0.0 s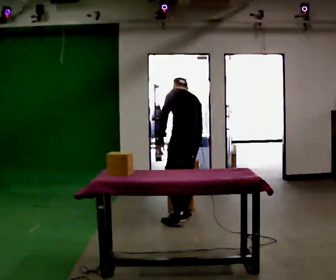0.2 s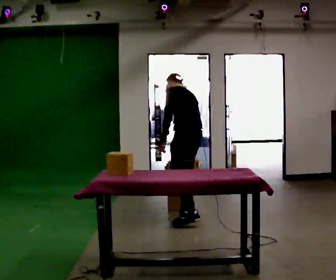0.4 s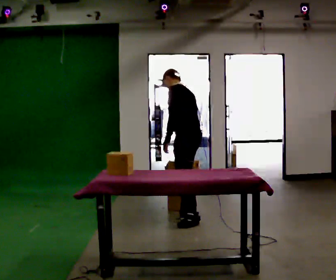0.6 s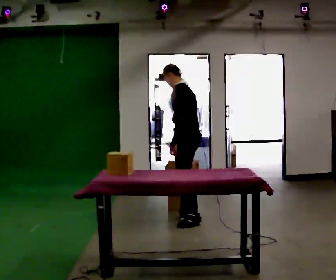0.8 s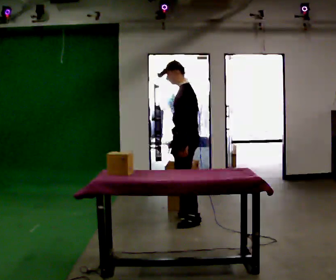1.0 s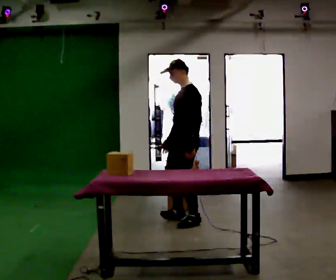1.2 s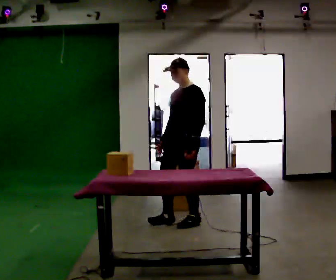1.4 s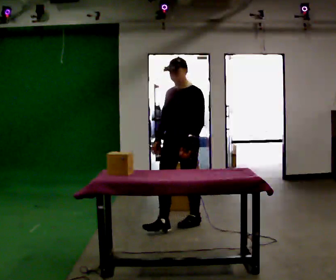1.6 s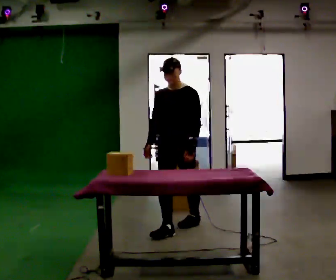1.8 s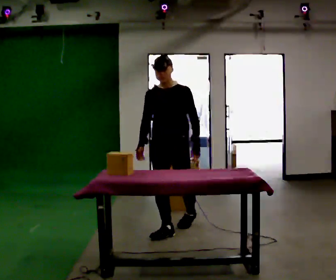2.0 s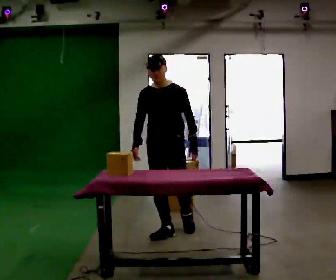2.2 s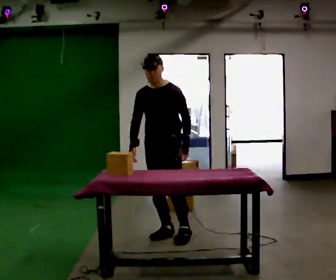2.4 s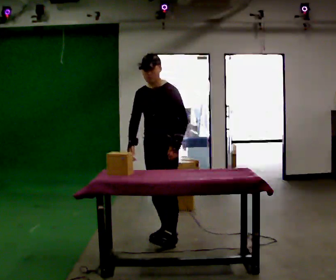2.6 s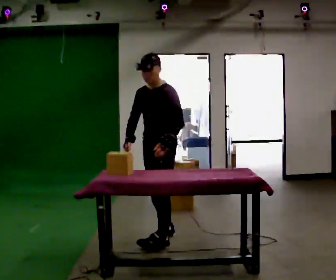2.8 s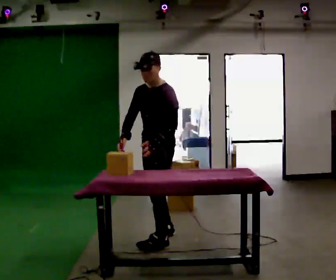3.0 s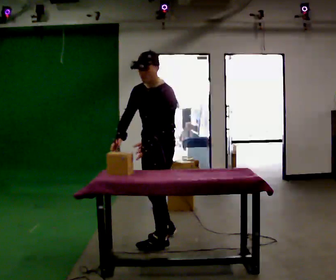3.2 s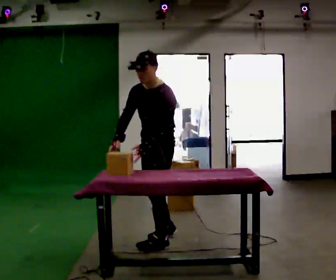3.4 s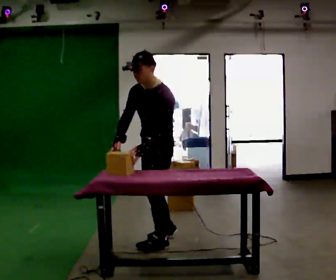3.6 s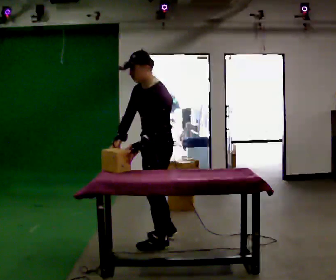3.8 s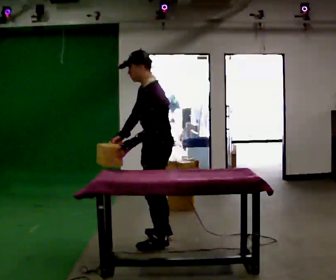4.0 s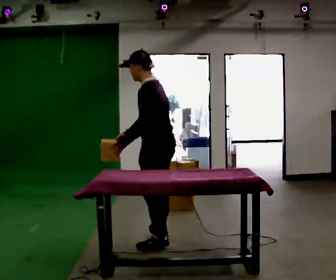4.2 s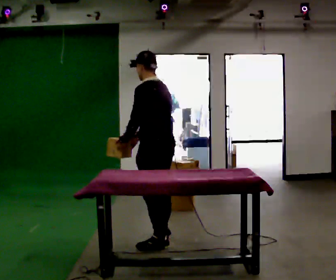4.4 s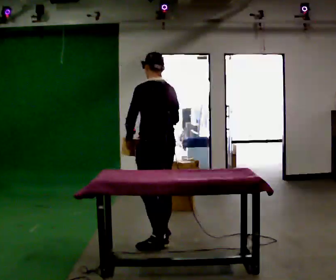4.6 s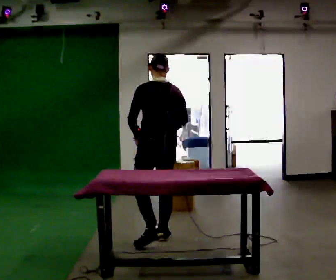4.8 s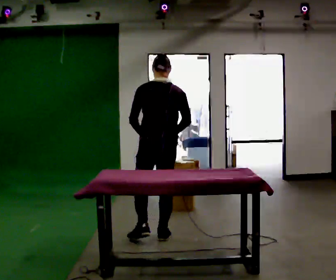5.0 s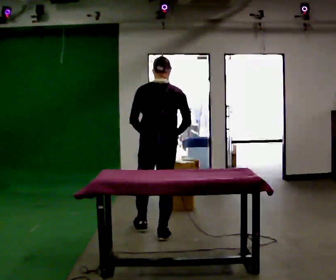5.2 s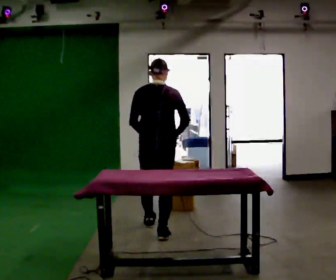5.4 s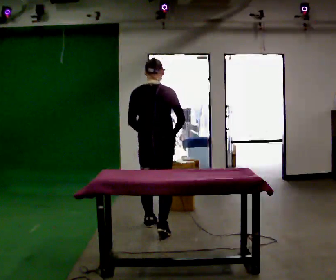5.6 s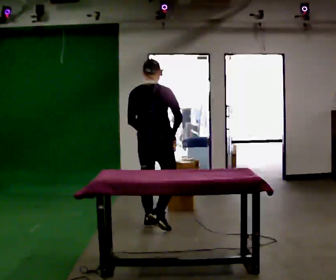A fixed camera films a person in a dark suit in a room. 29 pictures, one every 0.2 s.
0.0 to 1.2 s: The person turns about 90 degrees to their left, counterclockwise seen from above, so the part of the body nearest the lens slides to the right. In the picture they go toward the camera, about 0.25 m in 1 step. The upper body tips toward the camera, its near side rolling downward, as they lean back or straighten.
1.2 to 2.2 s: Seen from above the body turns counterclockwise, about 30 degrees: to their left, with its near side sliding to the right. In the picture they go toward the camera and to the left, about 0.5 m in 1 step, which for them is forward.
2.2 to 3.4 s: Seen from above the body turns clockwise, about 30 degrees: to their right, with its near side sliding to the left. In the picture they go toward the camera, about 0.25 m in 1 step, which for them is to their left and forward.
3.4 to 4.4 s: Seen from above the body turns clockwise, about 75 degrees: to their right, with its near side sliding to the left. The upper body tips away from the camera, its near side rolling upward, as they lean back or straighten.
4.4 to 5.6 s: The person turns about 60 degrees to their right, clockwise seen from above, so the part of the body nearest the lens slides to the left. In the picture they go away from the camera, about 0.5 m in 1 step.
The film runs forward here.
